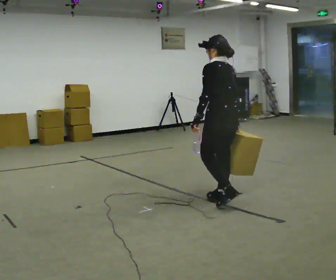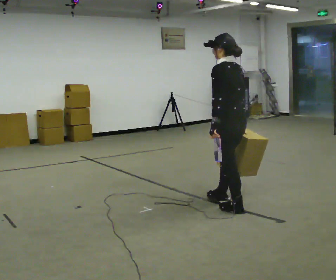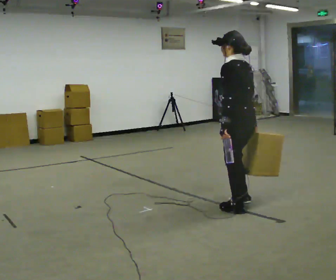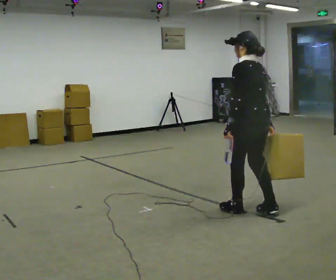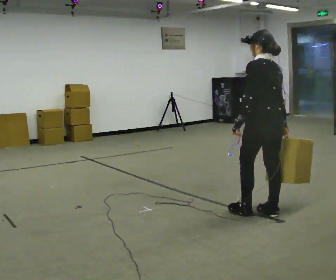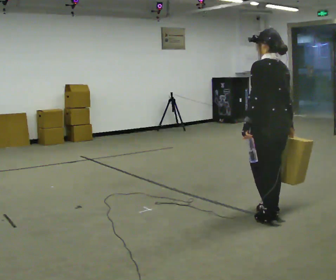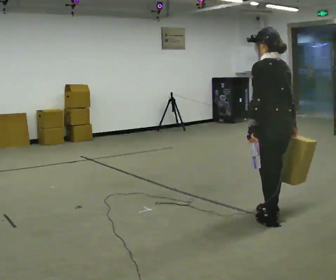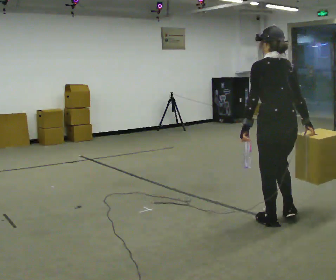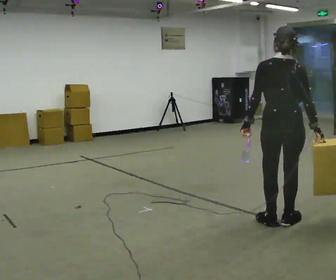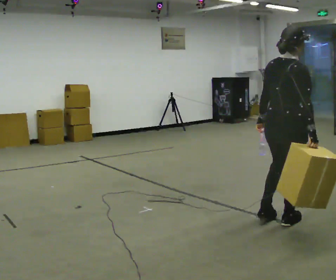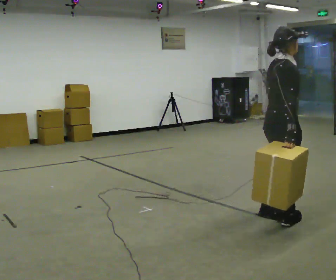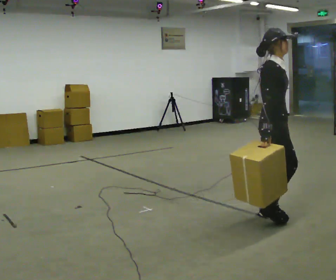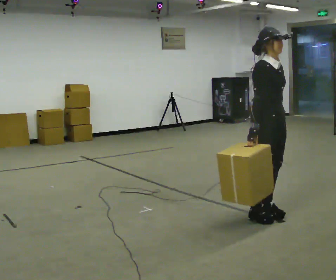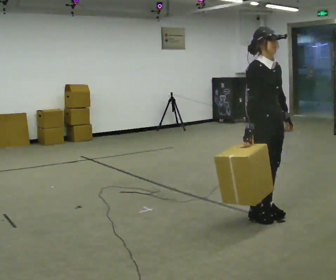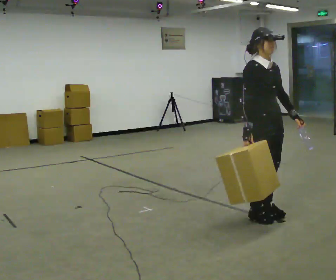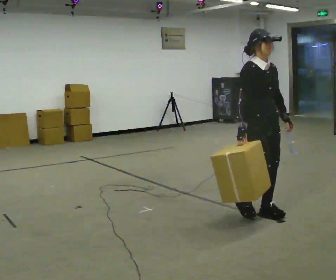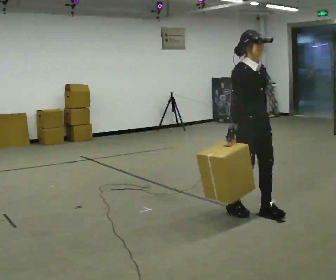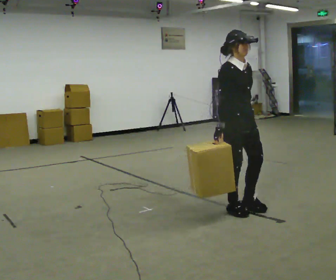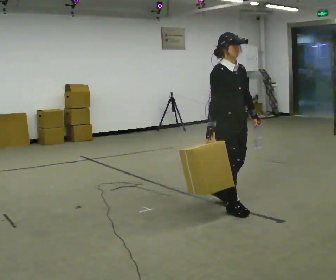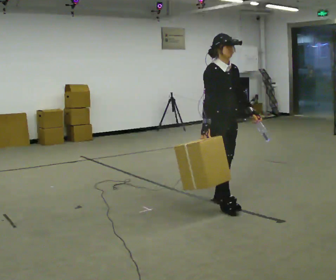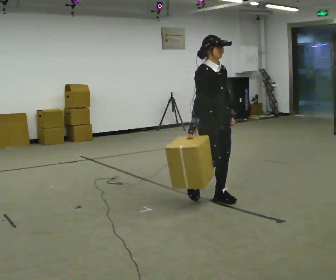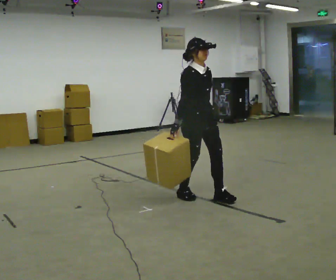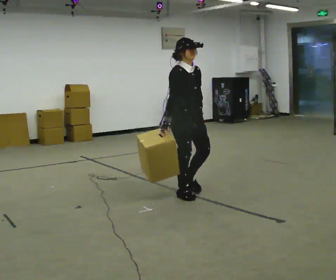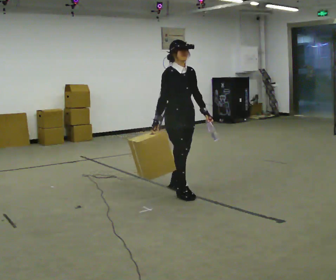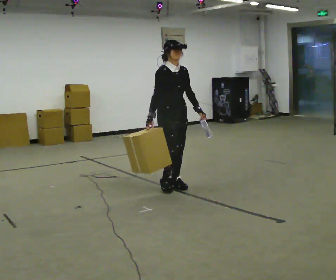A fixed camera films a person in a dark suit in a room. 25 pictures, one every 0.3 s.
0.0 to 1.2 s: In the picture they go to the right and toward the camera, about 0.5 m in 2 steps, which for them is backward.
1.2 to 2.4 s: The person turns about 45 degrees to their right, clockwise seen from above, so the part of the body nearest the lens slides to the left. In the picture they go toward the camera, about 0.25 m in 1 step, which for them is backward.
2.4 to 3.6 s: The part of the body nearest the lens slides to the left as the person turns to their right by about 120 degrees. In the picture they go away from the camera, about 0.25 m in 2 steps.
3.6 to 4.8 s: In the picture they go to the left, about 0.25 m in 1 step, which for them is backward.
4.8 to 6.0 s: In the picture they go to the left and away from the camera, about 0.5 m in 2 steps, which for them is backward.
6.0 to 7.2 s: In the picture they go to the left and away from the camera, about 0.75 m in 2 steps, which for them is backward.
The film runs backward here.
